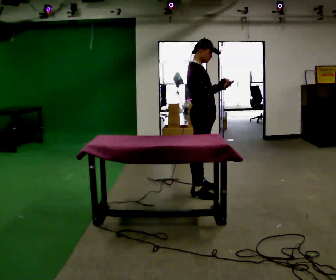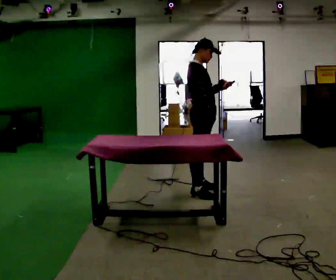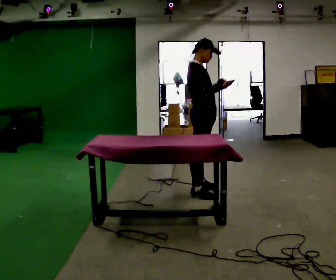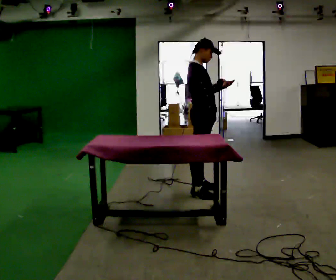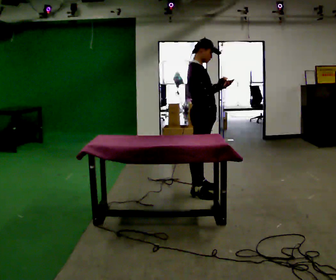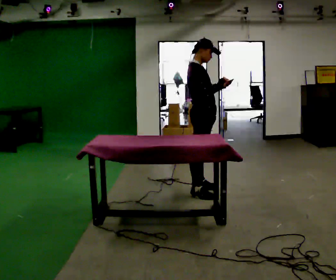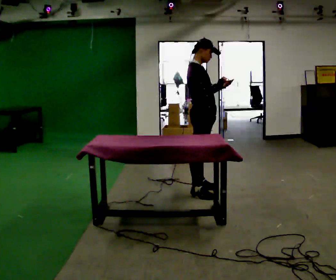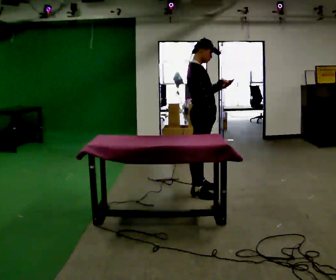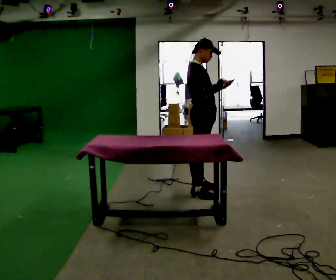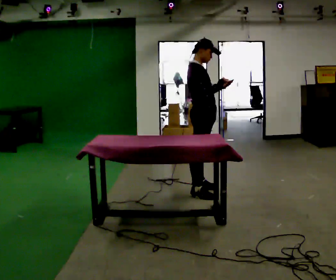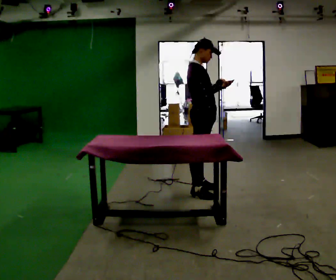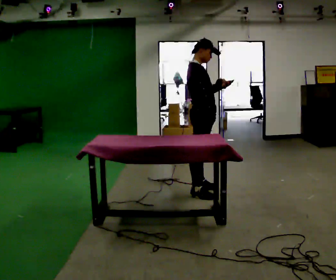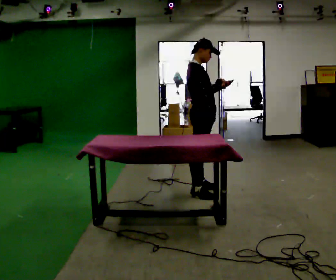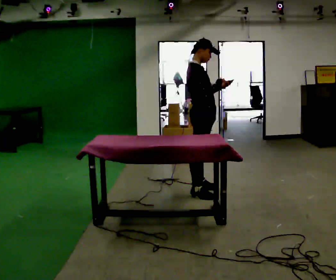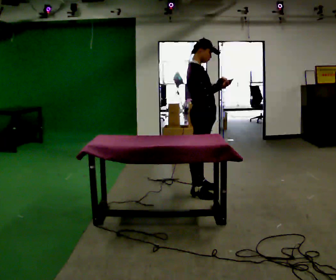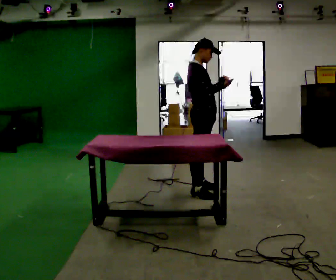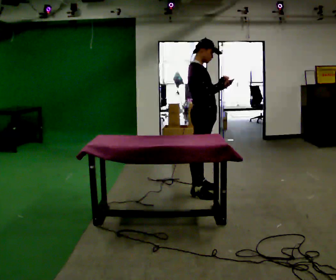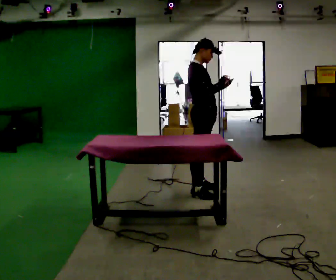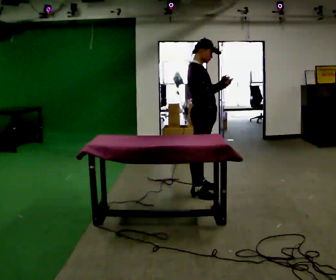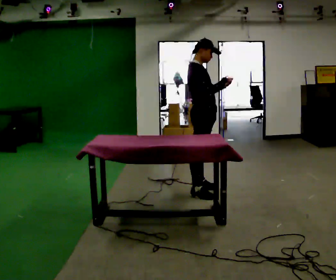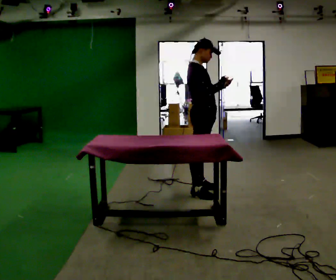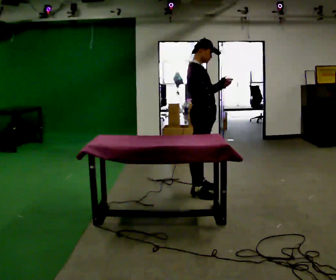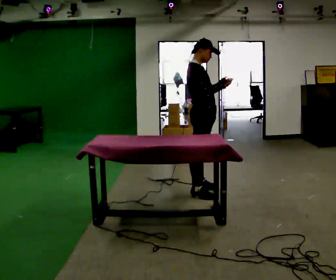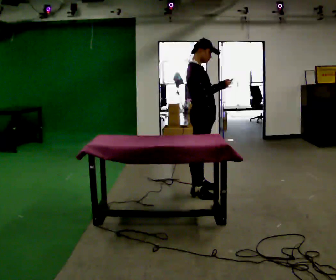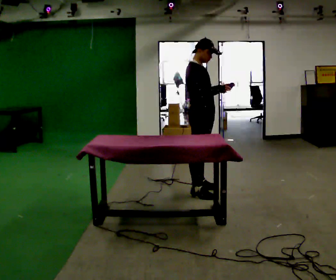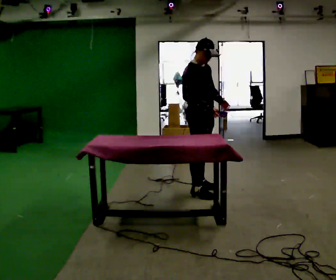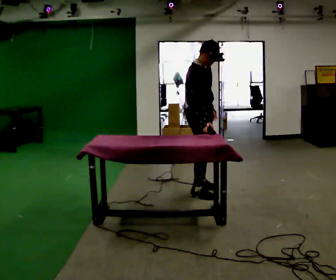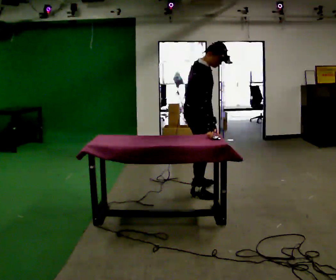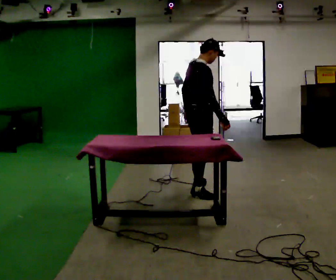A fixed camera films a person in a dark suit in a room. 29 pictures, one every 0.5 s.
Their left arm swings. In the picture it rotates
clockwise.
0.0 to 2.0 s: The person moves a little, or ends about where they began.
2.0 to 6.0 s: The person keeps their place and pose.
6.0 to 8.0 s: The person moves a little, or ends about where they began.
8.0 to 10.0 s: The person keeps their place and pose.
10.0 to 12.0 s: The person moves a little, or ends about where they began.
12.0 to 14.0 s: Seen from above the body turns counterclockwise, about 45 degrees: to their left, with its near side sliding to the right. In the picture their left hand goes to the left, the arm swinging clockwise.
The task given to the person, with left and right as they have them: 1. Clear everything off the table and put it away on the shelves. 2. Then set the table back up the way the operator shows you in the photo. 3. Tell the operator when you are finished.
The film runs forward here.
